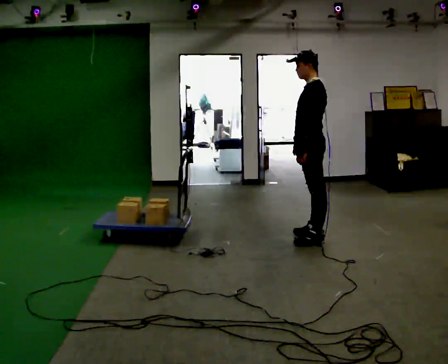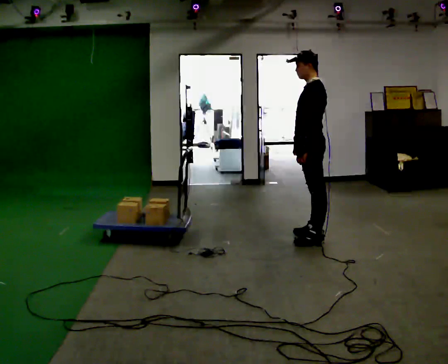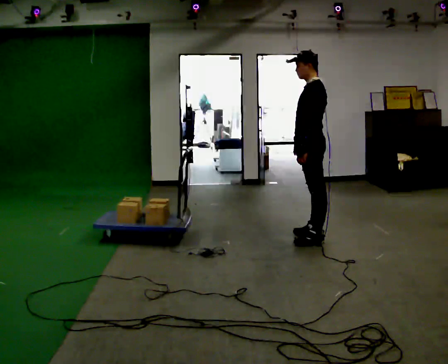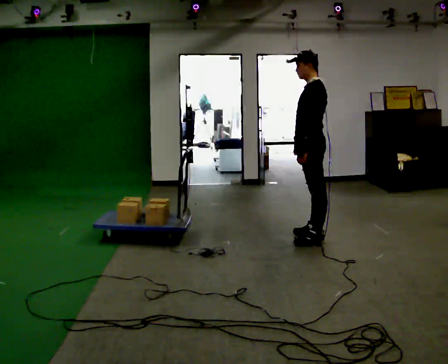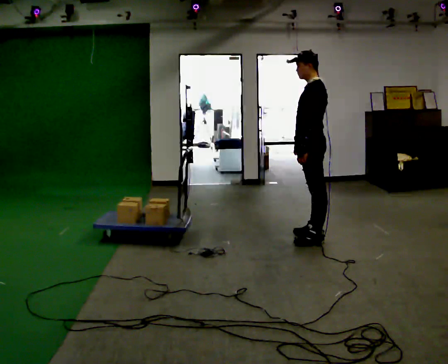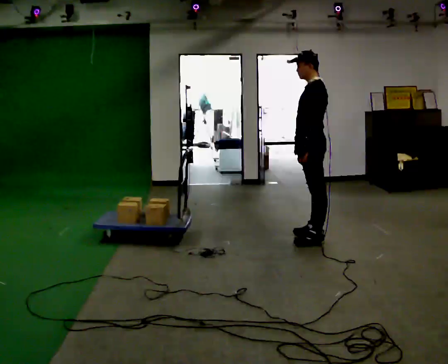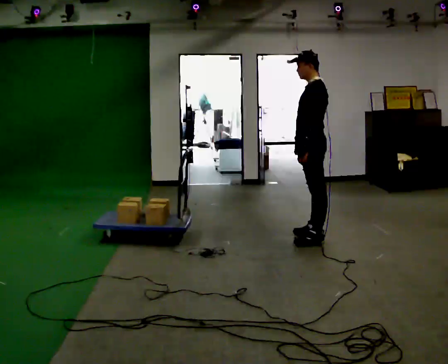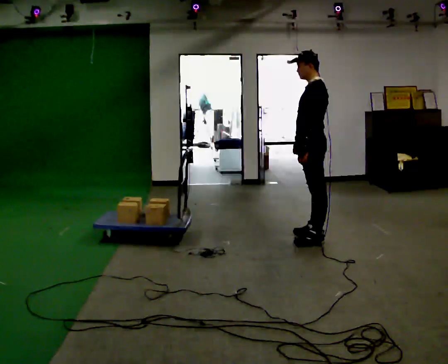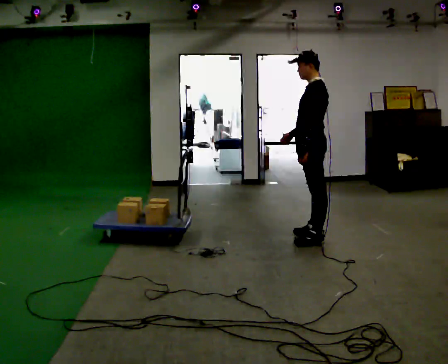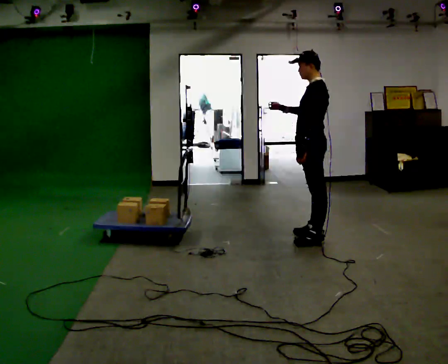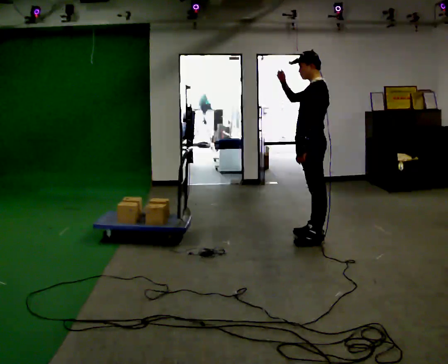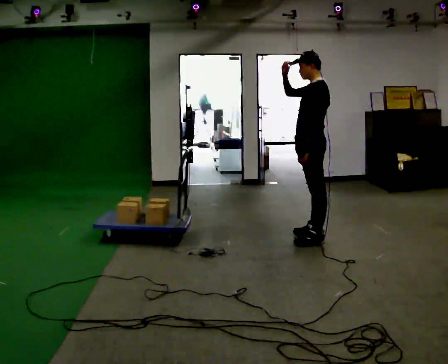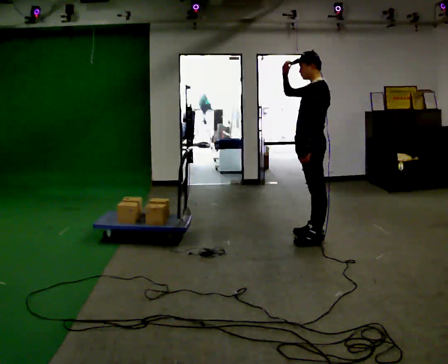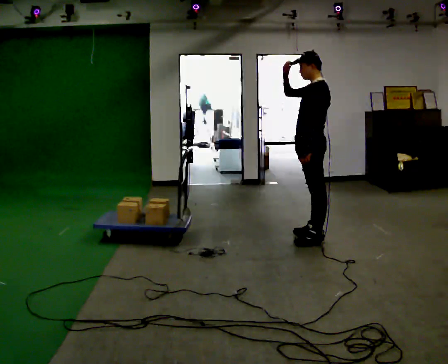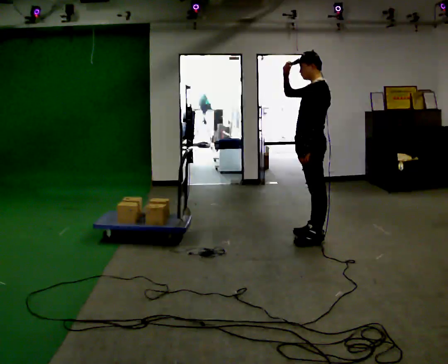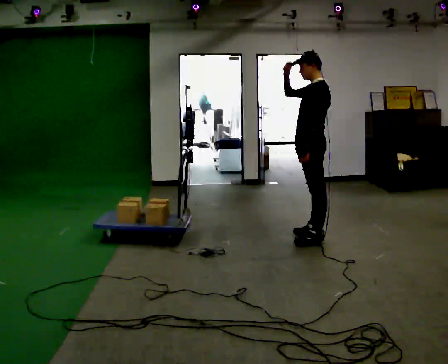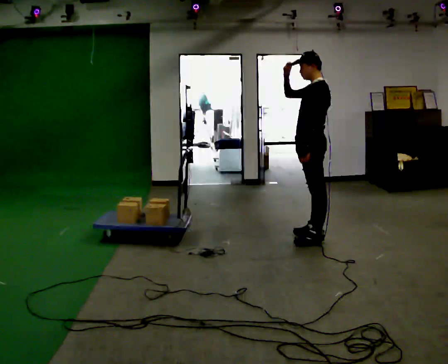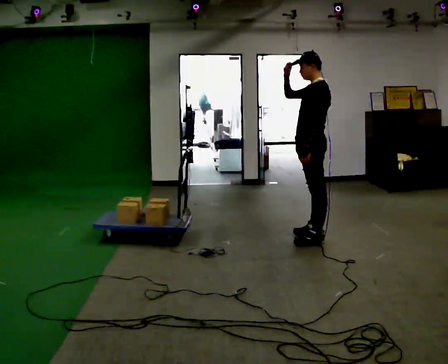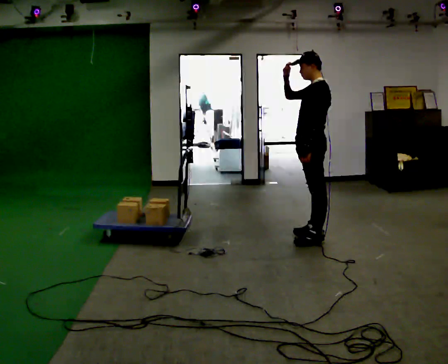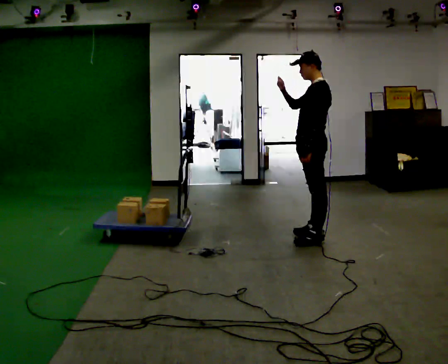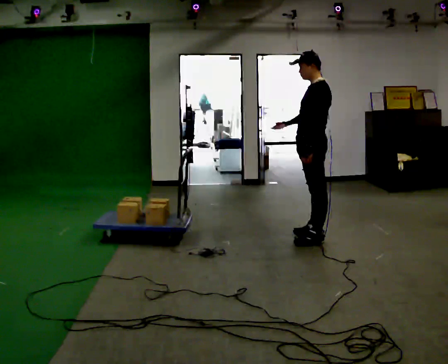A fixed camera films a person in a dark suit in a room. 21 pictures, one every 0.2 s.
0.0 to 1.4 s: The person keeps their place and pose.
1.4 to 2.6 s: In the picture their right hand goes upward, the arm swinging clockwise.
2.6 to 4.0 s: In the picture their right hand goes downward, the arm swinging counterclockwise.
The film runs forward here.
